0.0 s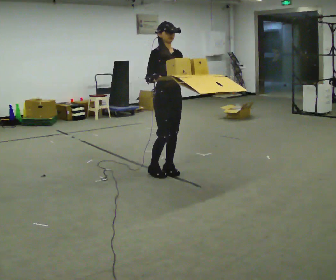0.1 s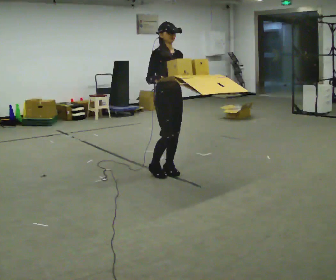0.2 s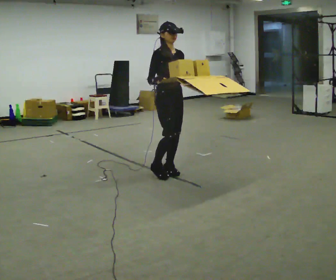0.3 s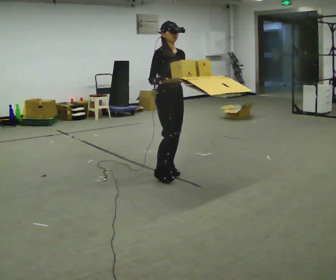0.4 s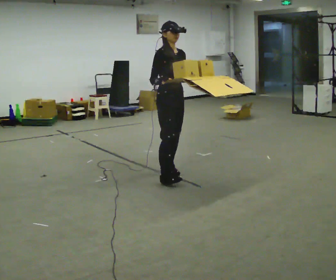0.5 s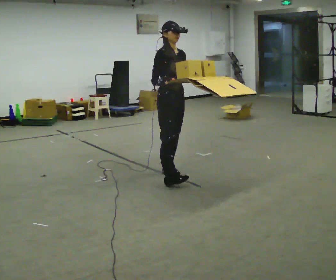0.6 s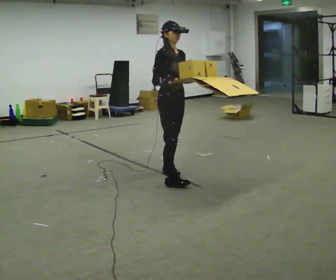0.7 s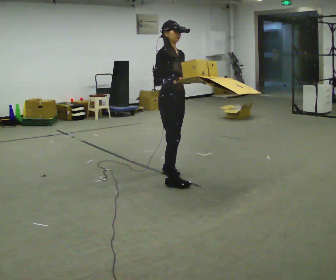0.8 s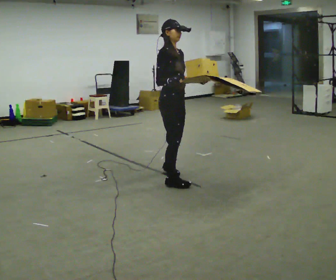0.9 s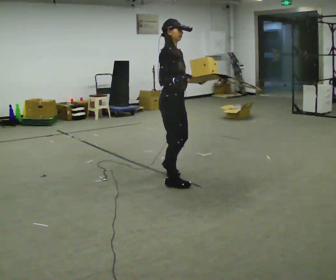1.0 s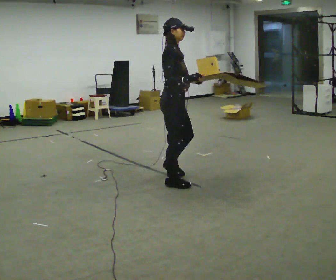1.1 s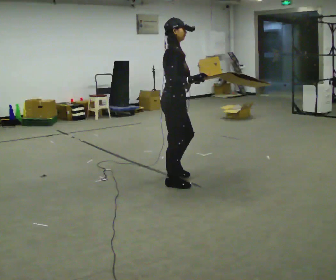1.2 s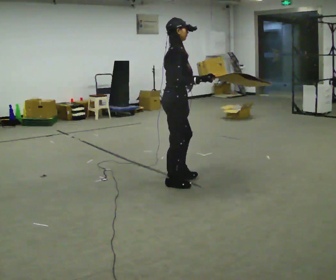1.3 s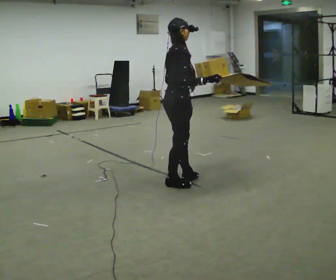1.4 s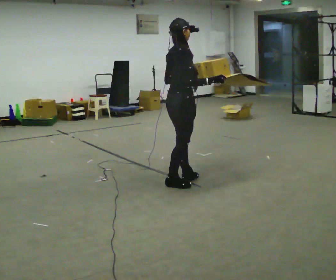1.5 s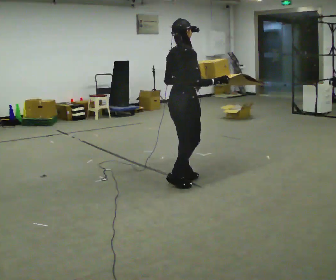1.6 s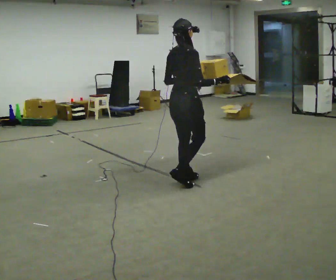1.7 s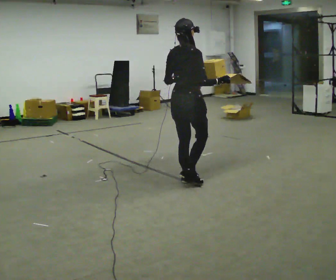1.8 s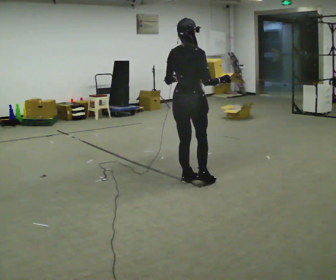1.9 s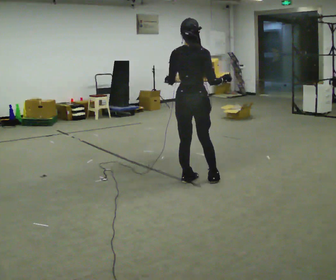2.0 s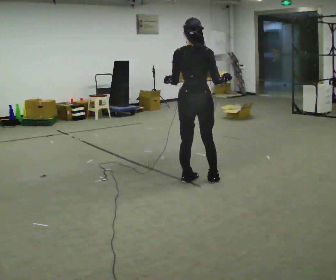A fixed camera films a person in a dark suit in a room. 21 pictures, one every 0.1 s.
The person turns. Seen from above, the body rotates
counterclockwise.
The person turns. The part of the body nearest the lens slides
to the right.
0.0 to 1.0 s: Seen from above the body turns counterclockwise, about 45 degrees: to their left, with its near side sliding to the right. In the picture they go toward the camera and to the right, about 0.25 m in 1 step, which for them is forward and to their right.
1.0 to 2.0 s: The person turns about 90 degrees to their left, counterclockwise seen from above, so the part of the body nearest the lens slides to the right. In the picture they go to the right, about 0.25 m in 2 steps.
The film runs forward here.
